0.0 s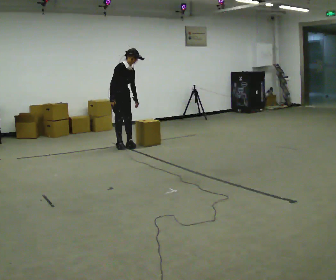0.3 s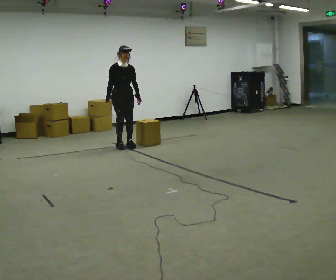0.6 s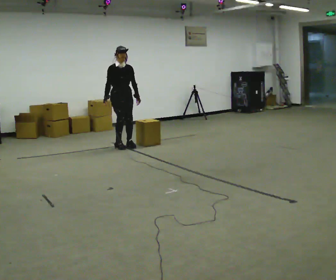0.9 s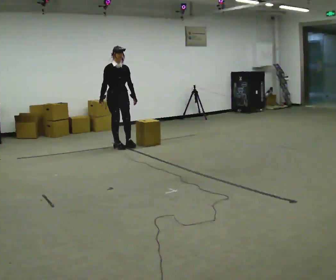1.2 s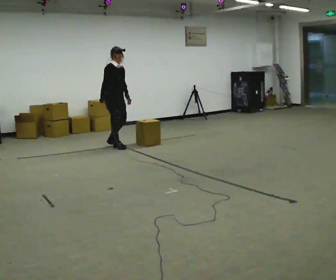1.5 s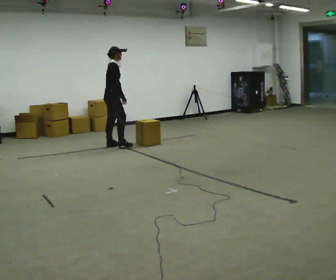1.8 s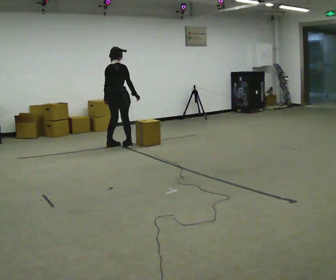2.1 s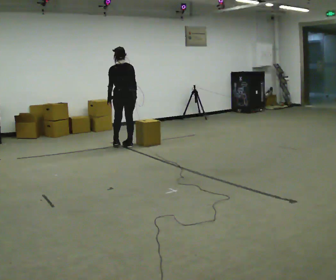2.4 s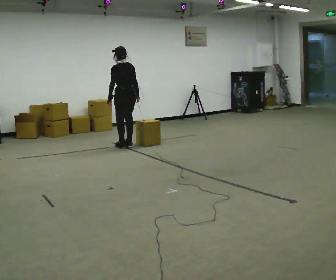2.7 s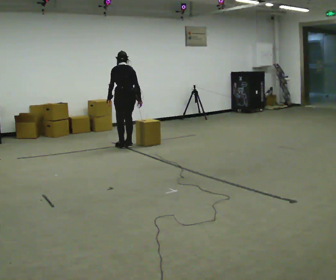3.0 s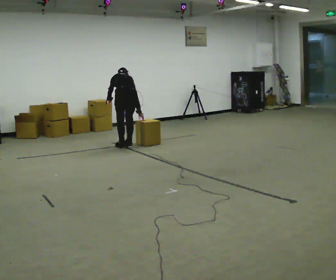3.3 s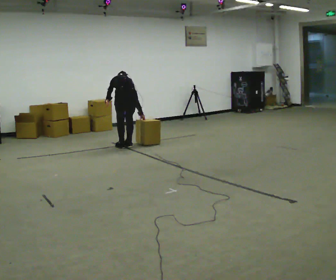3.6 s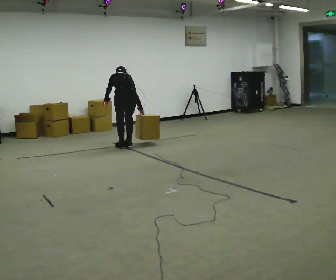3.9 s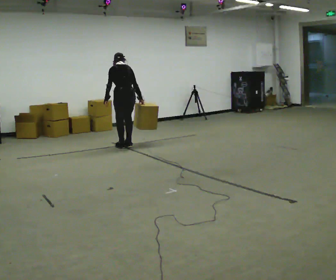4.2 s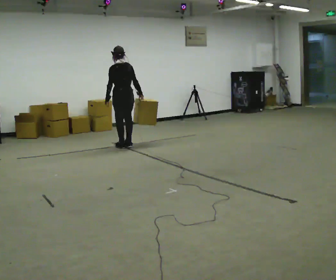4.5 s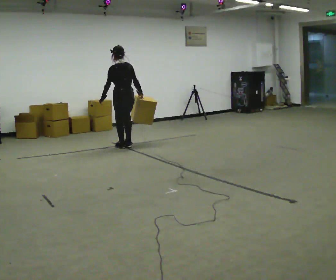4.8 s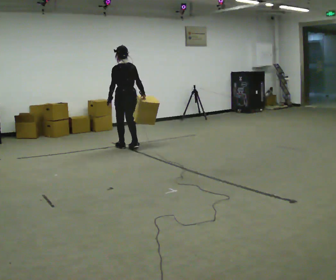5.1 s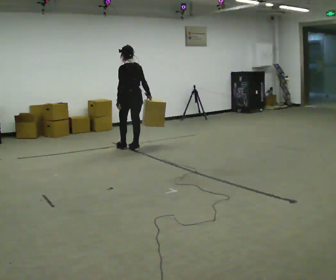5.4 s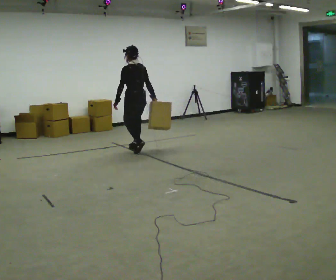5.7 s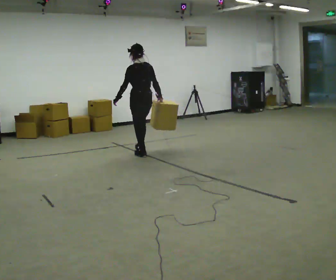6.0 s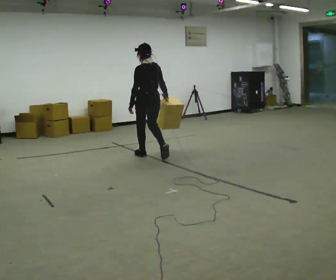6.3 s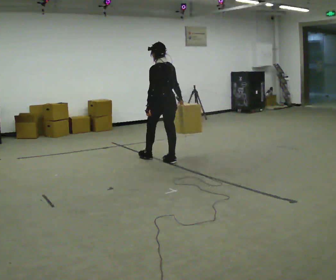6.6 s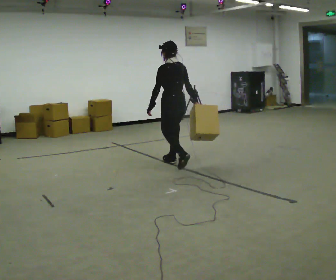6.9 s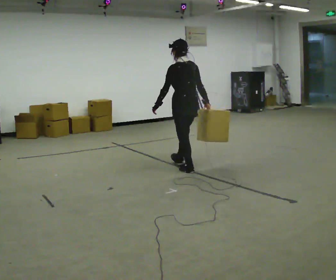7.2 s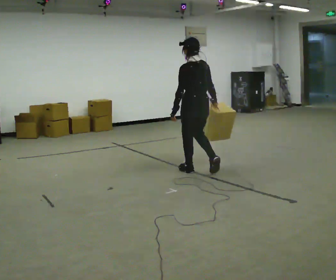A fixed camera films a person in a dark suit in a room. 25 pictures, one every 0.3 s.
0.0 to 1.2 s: The person moves a little, or ends about where they began.
1.2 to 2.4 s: The person turns about 150 degrees to their left, counterclockwise seen from above, so the part of the body nearest the lens slides to the right. In the picture they go to the right, about 0.25 m in 2 steps. In the picture their right hand goes to the right.
2.4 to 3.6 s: In the picture they go toward the camera, about 0.25 m, which for them is backward. The upper body tips away from the camera, its near side rolling upward, as they bend forward.
3.6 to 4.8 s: The shoulders move upward. The upper body tips toward the camera, its near side rolling downward, as they lean back or straighten.
4.8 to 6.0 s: In the picture they go toward the camera and to the right, about 0.5 m in 2 steps, which for them is backward.
6.0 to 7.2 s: In the picture they go toward the camera and to the right, about 1 m in 2 steps, which for them is backward.
The film runs backward here.
